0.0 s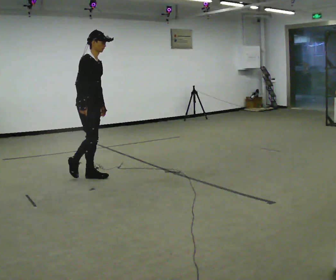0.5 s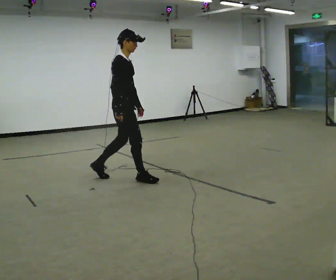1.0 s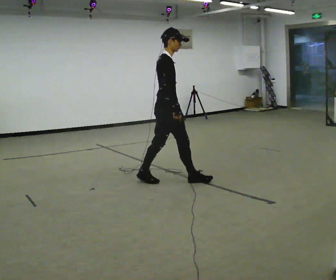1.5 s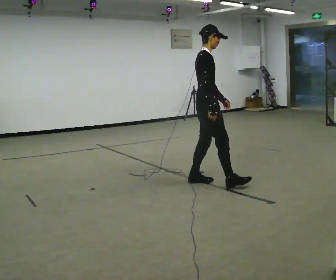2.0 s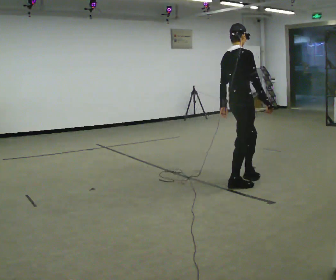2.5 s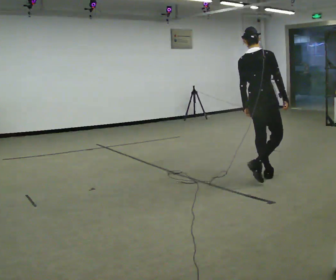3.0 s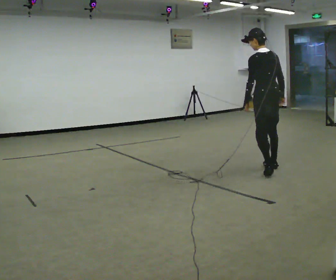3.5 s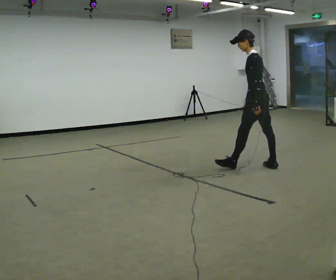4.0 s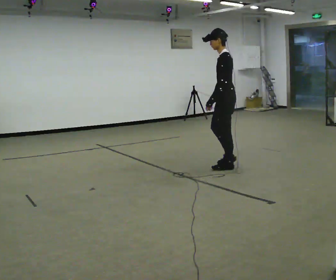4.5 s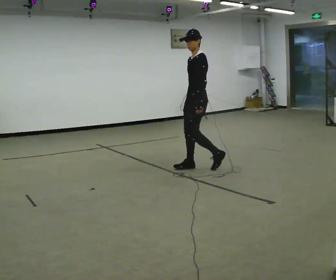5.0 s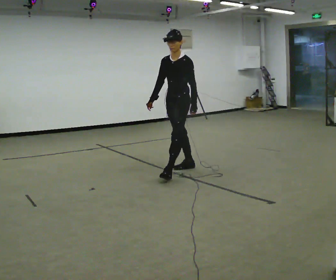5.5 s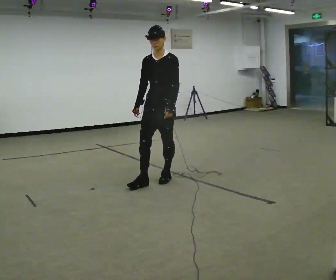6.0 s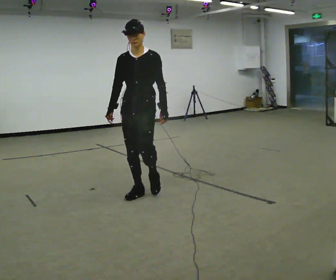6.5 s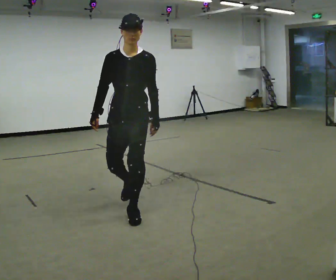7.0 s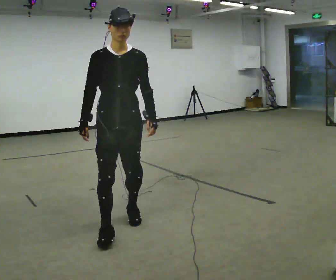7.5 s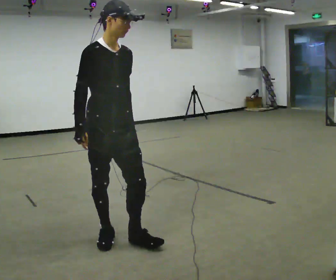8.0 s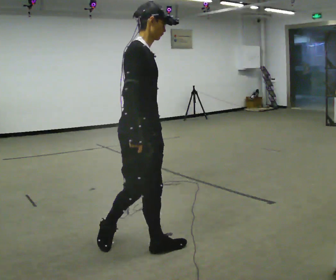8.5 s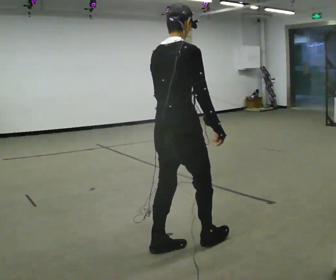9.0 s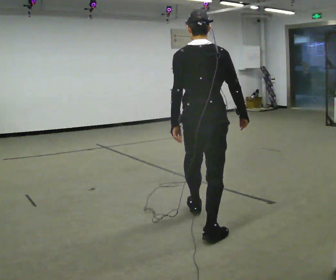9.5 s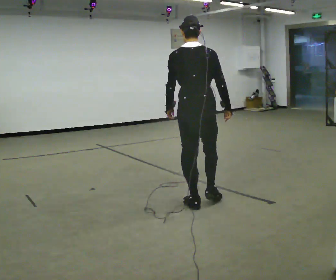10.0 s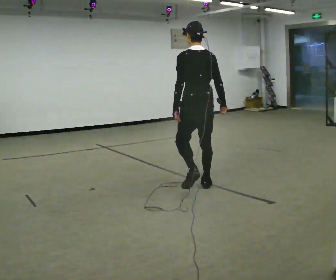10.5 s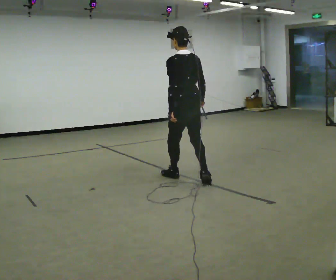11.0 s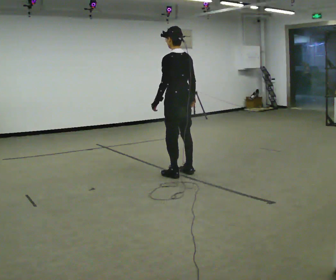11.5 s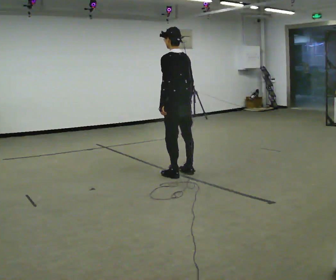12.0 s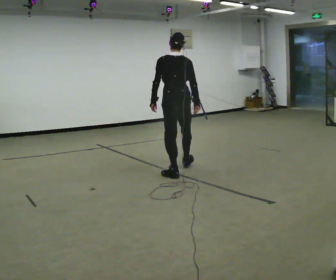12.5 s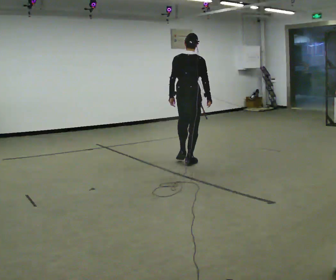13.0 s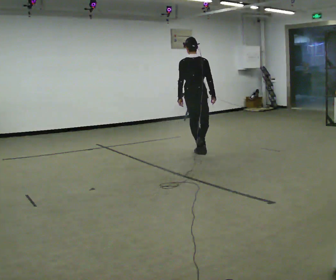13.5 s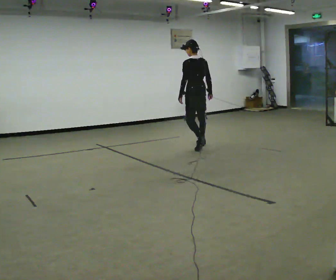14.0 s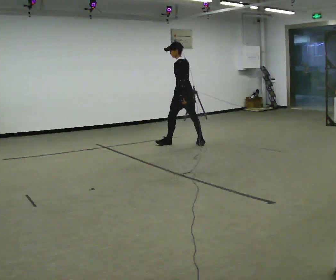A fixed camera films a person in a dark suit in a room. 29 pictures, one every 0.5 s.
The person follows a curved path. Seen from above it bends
counterclockwise.
The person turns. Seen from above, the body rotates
counterclockwise.
0.0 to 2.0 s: The part of the body nearest the lens slides to the right as the person turns to their left by about 45 degrees. In the picture they go to the right, about 2 m in 3 steps, which for them is forward.
2.0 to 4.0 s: The person turns about 150 degrees to their left, counterclockwise seen from above, so the part of the body nearest the lens slides to the right. In the picture they go away from the camera, about 0.5 m in 3 steps.
4.0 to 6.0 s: The person turns about 90 degrees to their left, counterclockwise seen from above, so the part of the body nearest the lens slides to the right. In the picture they go to the left and toward the camera, about 1.5 m in 3 steps.
6.0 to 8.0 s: The person turns about 90 degrees to their left, counterclockwise seen from above, so the part of the body nearest the lens slides to the right. In the picture they go toward the camera, about 1 m in 3 steps.
8.0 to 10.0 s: The part of the body nearest the lens slides to the right as the person turns to their left by about 120 degrees. In the picture they go away from the camera and to the right, about 1.5 m in 3 steps.
10.0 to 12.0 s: In the picture they go away from the camera, about 0.5 m in 2 steps, which for them is forward and to their right.
12.0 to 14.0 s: The person turns about 45 degrees to their left, counterclockwise seen from above, so the part of the body nearest the lens slides to the right. In the picture they go away from the camera, about 1.5 m in 4 steps.
The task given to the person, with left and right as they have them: Walk one full figure-eight continuously at comfortable speed; stop.
The film runs forward here.
